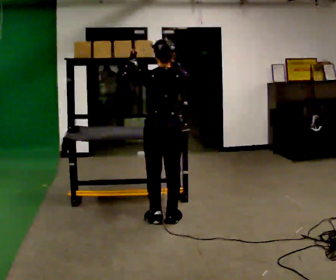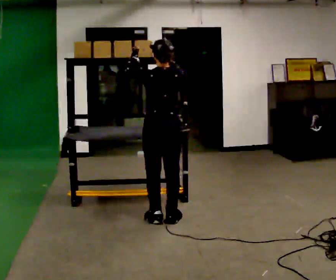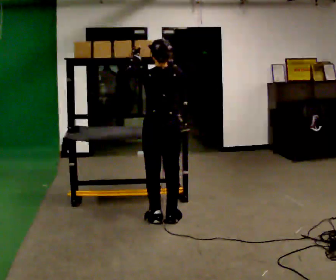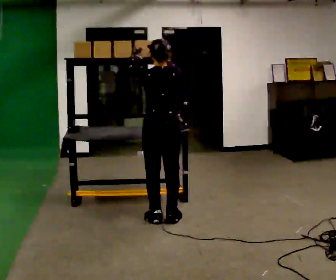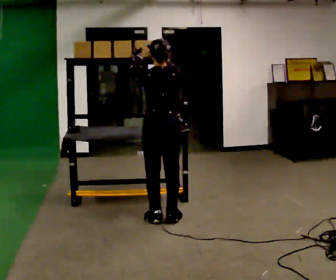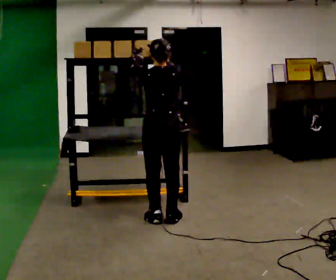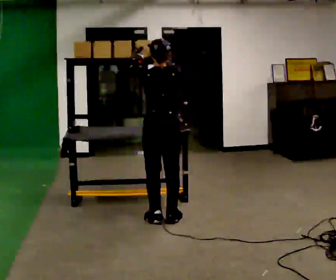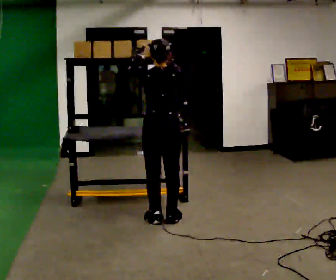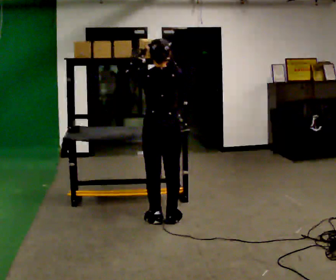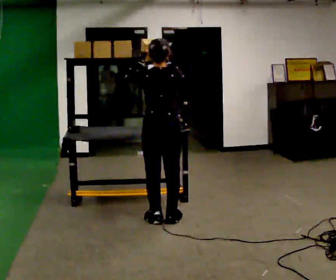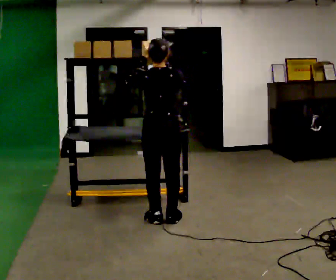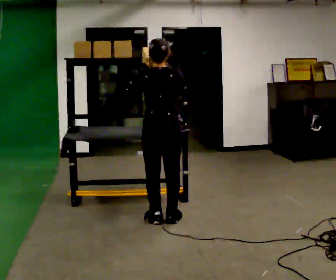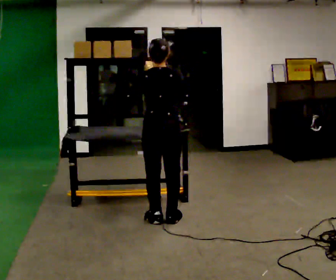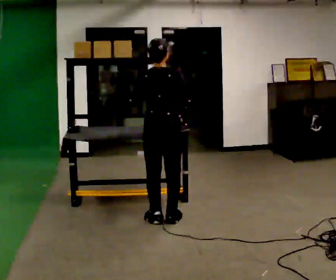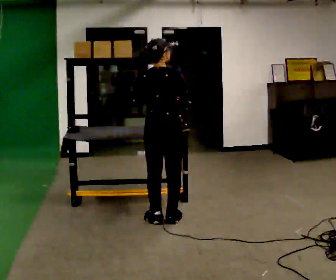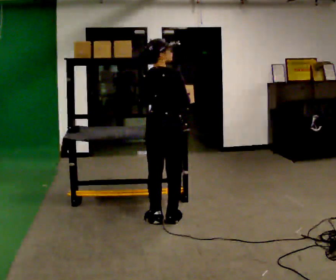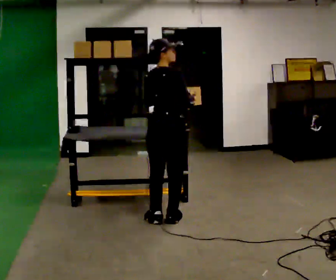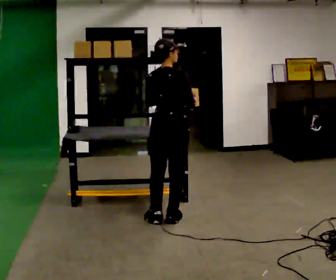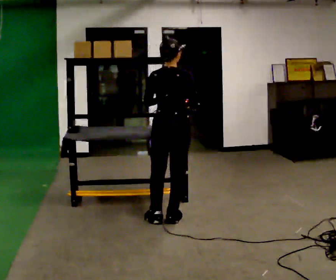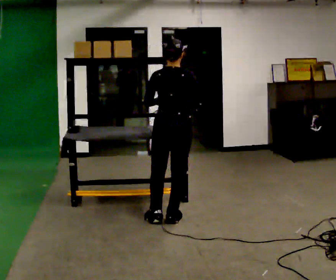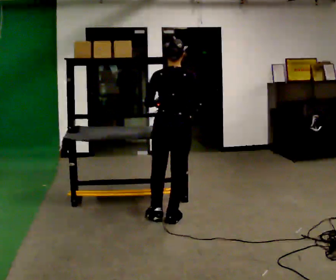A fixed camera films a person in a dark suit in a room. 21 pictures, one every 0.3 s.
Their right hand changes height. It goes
downward.
0.0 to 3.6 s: The person moves a little, or ends about where they began.
3.6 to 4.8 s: Seen from above the body turns clockwise, about 30 degrees: to their right, with its near side sliding to the left.
4.8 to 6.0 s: The person turns about 30 degrees to their left, counterclockwise seen from above, so the part of the body nearest the lens slides to the right.
The film runs forward here.
